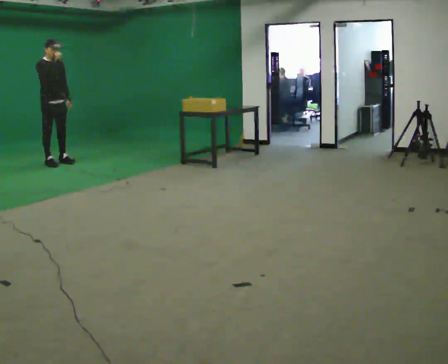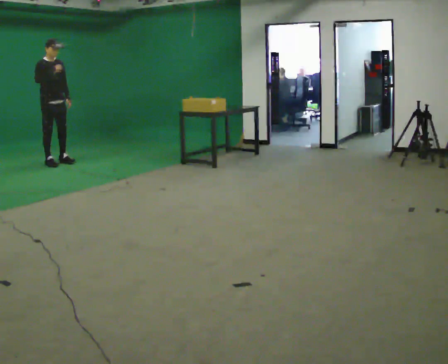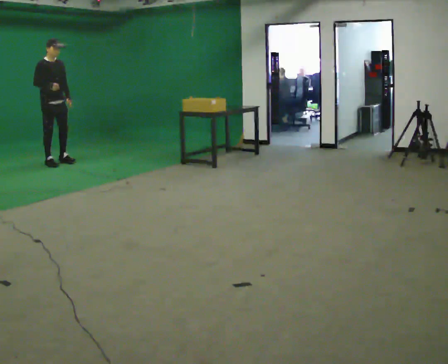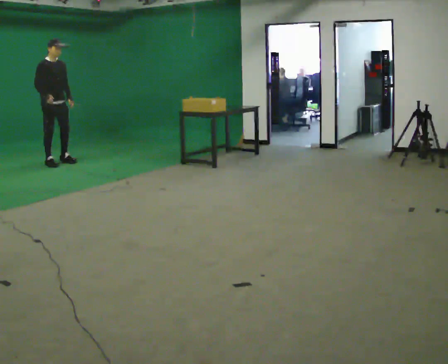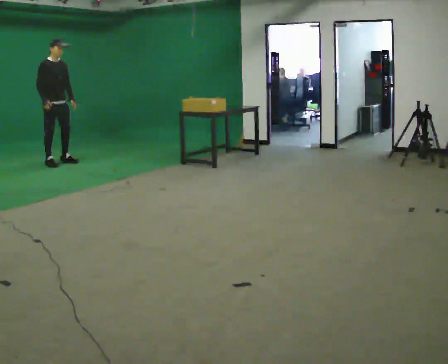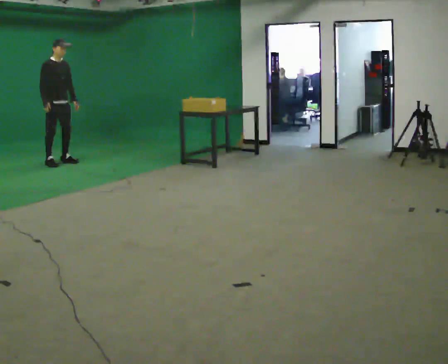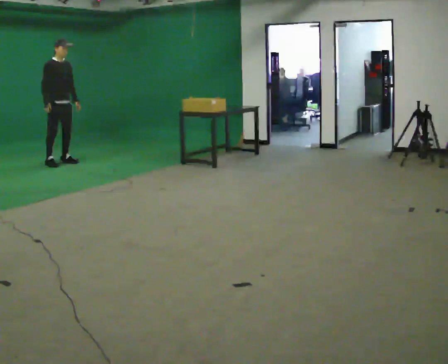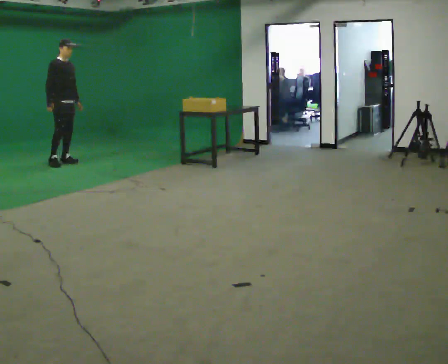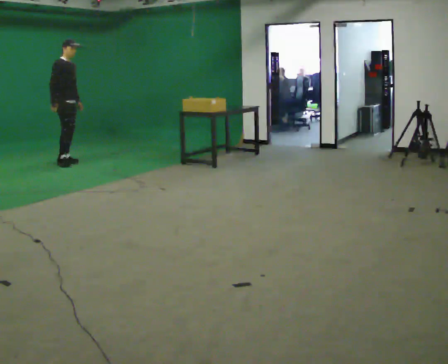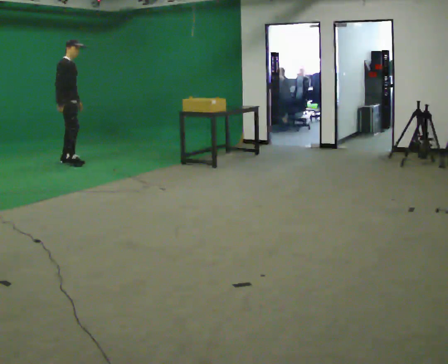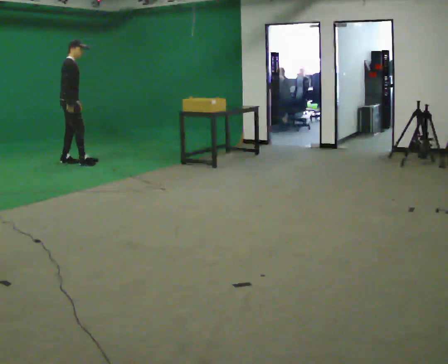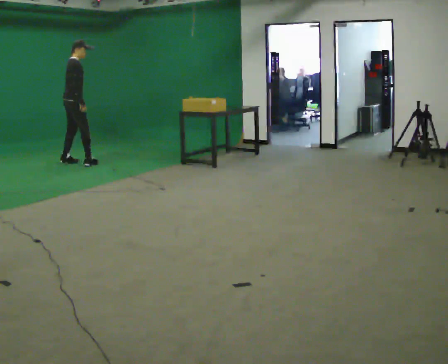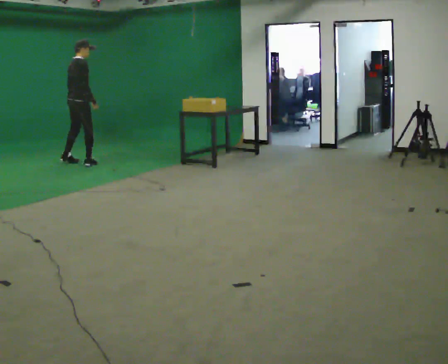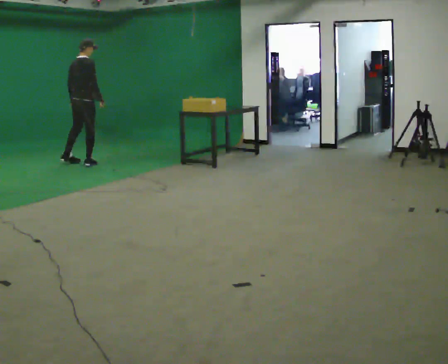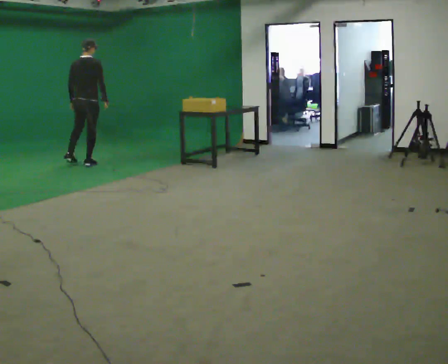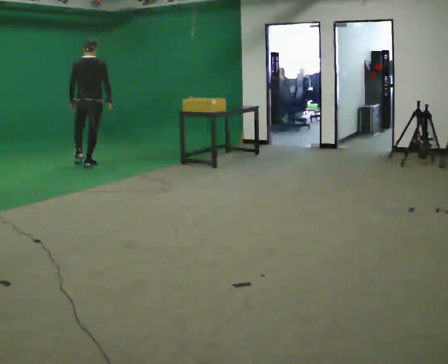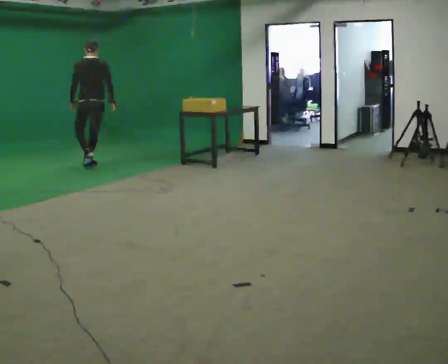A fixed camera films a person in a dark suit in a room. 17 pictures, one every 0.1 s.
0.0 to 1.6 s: Seen from above the body turns counterclockwise, about 135 degrees: to their left, with its near side sliding to the right. In the picture they go to the right, about 0.5 m in 2 steps. In the picture their right hand goes downward.
The film runs backward here.
